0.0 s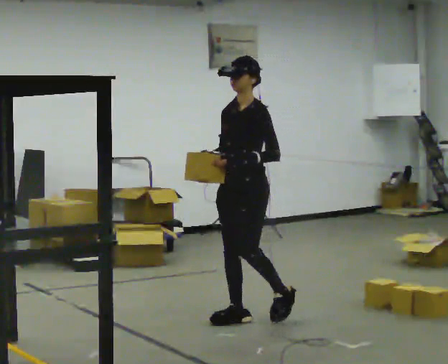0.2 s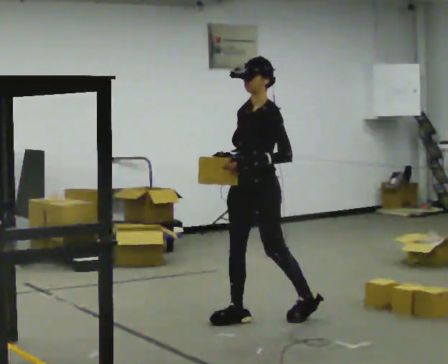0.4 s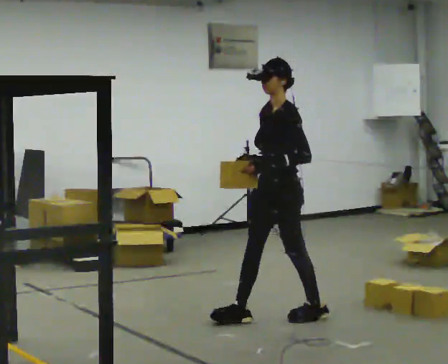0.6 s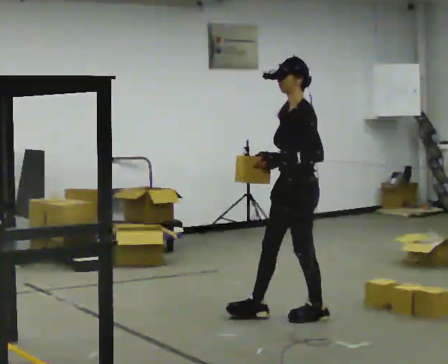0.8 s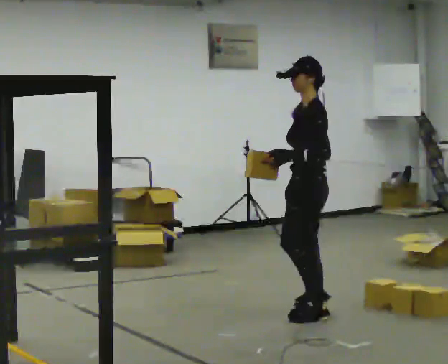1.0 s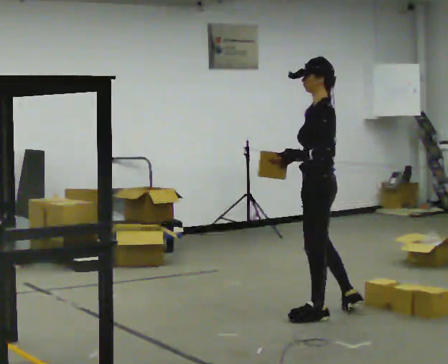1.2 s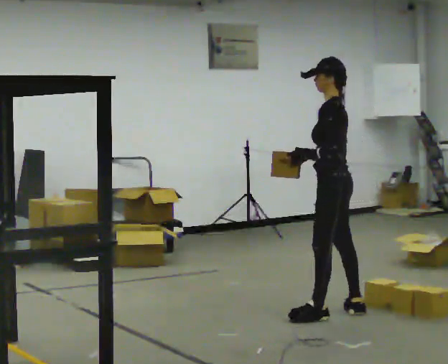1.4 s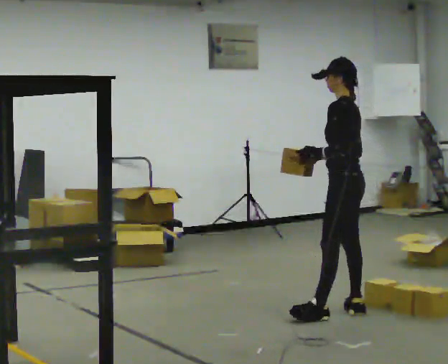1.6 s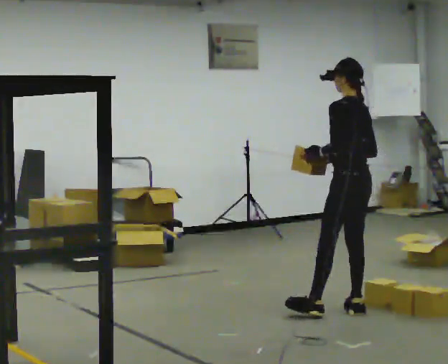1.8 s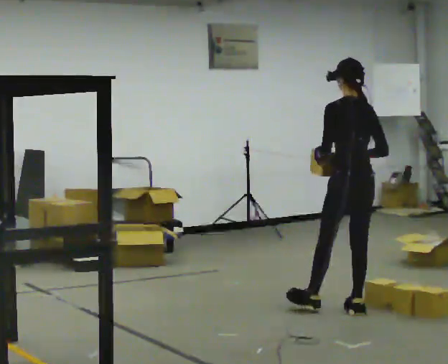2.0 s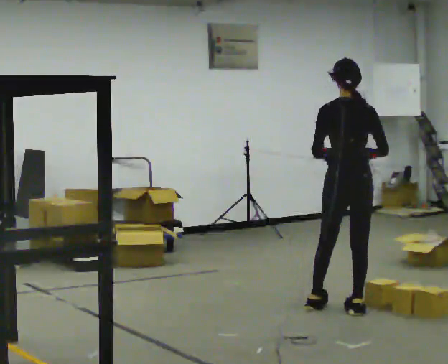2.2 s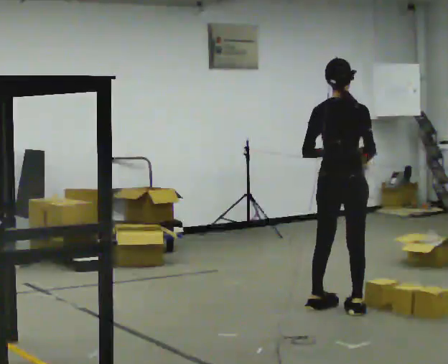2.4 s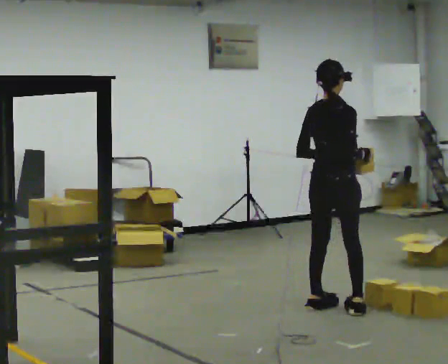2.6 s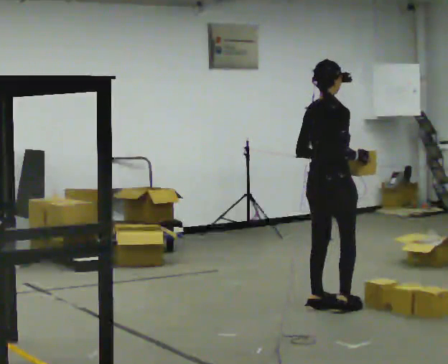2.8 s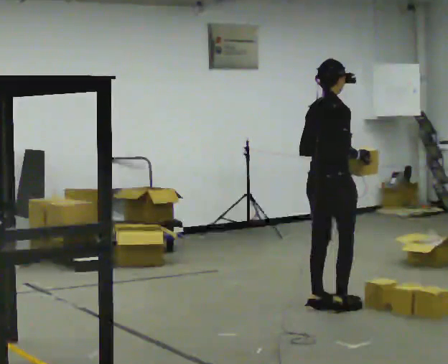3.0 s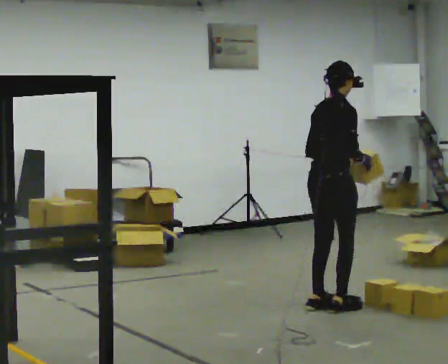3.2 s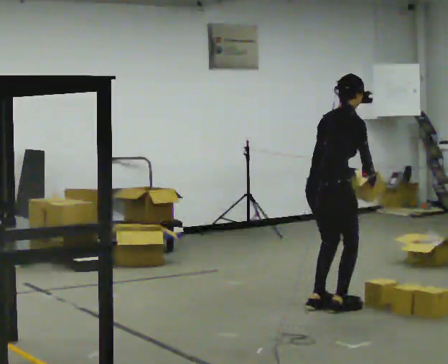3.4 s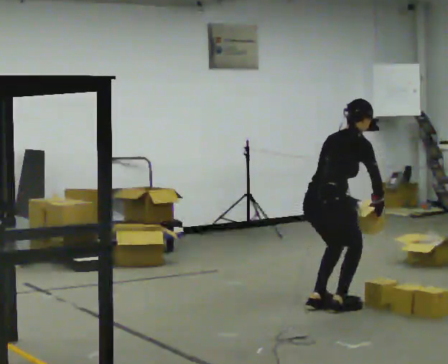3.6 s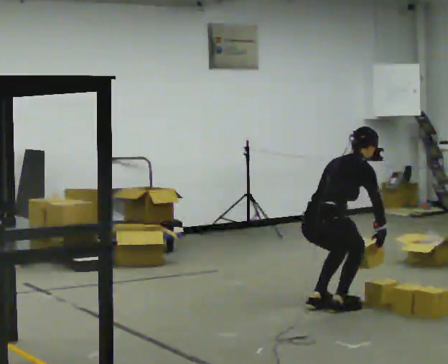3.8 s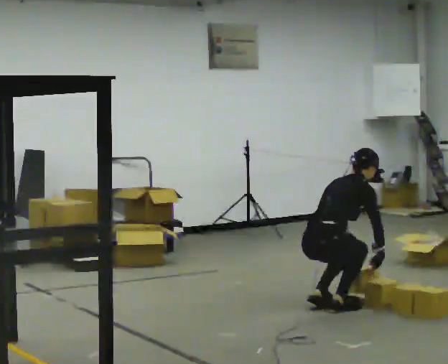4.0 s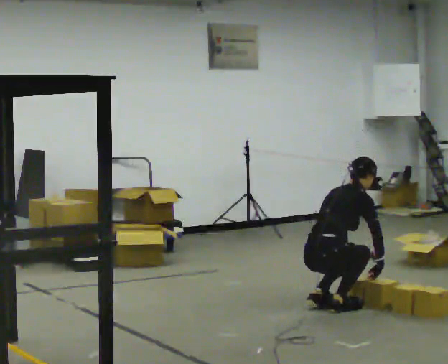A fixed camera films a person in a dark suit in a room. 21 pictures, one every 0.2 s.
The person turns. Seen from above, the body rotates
clockwise.
Their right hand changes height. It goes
downward.
0.0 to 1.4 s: The part of the body nearest the lens slides to the left as the person turns to their right by about 75 degrees. In the picture they go to the right and away from the camera, about 0.75 m in 1 step.
1.4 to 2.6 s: Seen from above the body turns clockwise, about 105 degrees: to their right, with its near side sliding to the left. In the picture they go to the left, about 0.25 m in 1 step.
2.6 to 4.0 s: The upper body goes downward. The upper body tips away from the camera, its near side rolling upward, as they bend forward. In the picture their left hand goes downward.
The film runs backward here.
